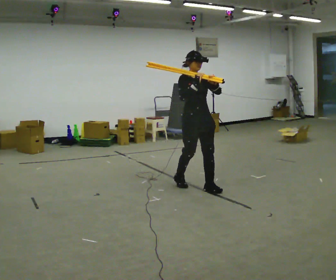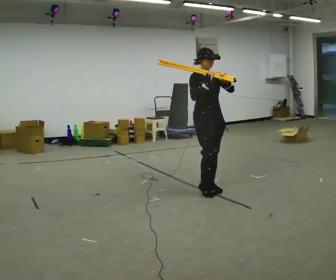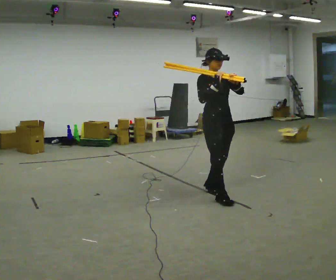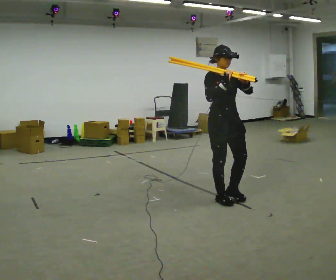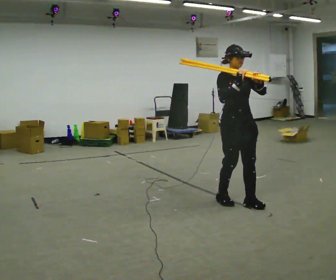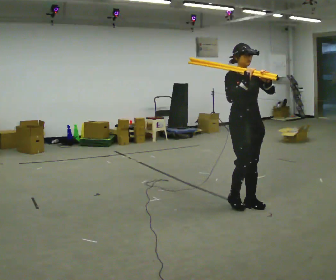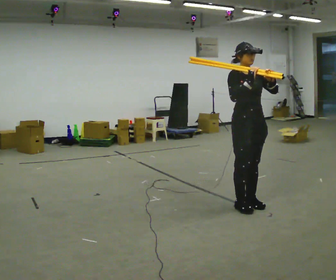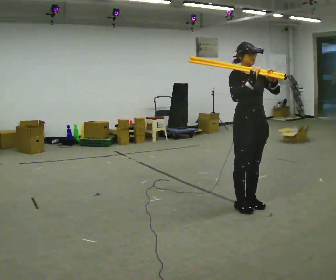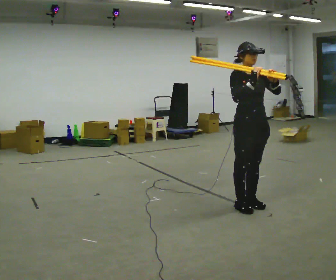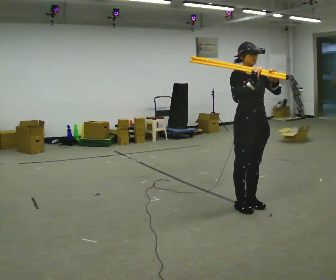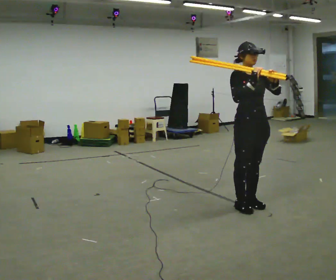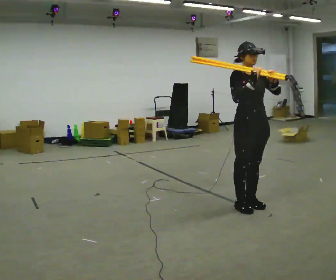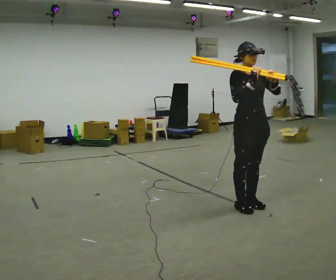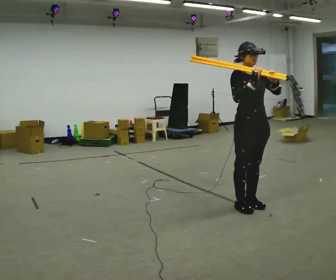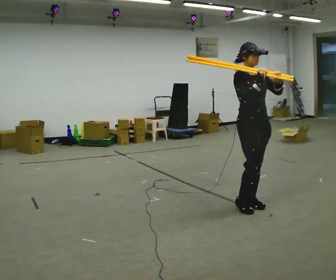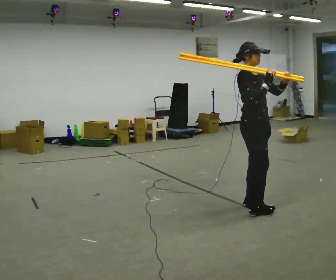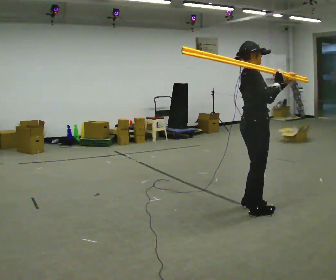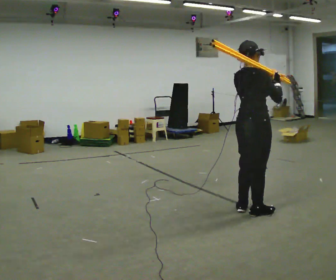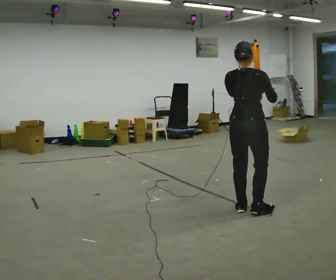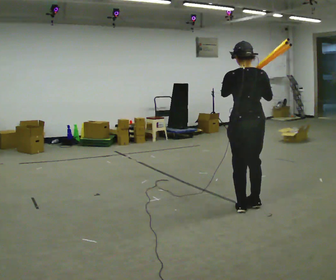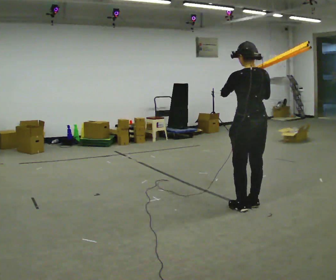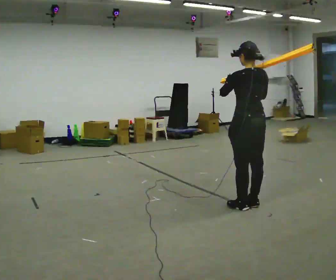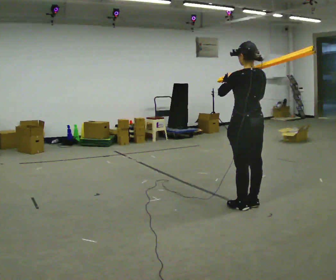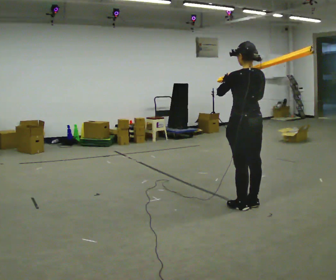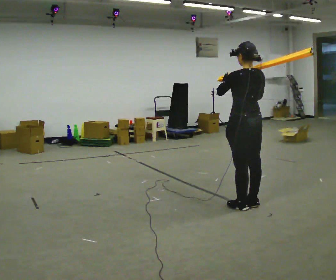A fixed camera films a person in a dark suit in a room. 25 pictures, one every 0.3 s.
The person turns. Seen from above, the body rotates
counterclockwise.
The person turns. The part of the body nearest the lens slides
to the right.
0.0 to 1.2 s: In the picture they go toward the camera and to the right, about 0.75 m in 2 steps, which for them is forward.
1.2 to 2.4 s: The person moves a little, or ends about where they began.
2.4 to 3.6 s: The person keeps their place and pose.
3.6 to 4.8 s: The part of the body nearest the lens slides to the right as the person turns to their left by about 60 degrees.
4.8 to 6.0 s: The person turns about 105 degrees to their left, counterclockwise seen from above, so the part of the body nearest the lens slides to the right. In the picture they go away from the camera, about 0.25 m in 2 steps. In the picture their left hand goes to the left.
6.0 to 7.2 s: The person moves a little, or ends about where they began.
The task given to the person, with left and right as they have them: Rest the long object on the shoulder the operator calls and carry it across the room, back and forth.
The film runs forward here.
